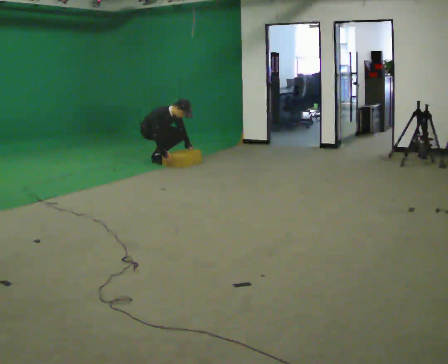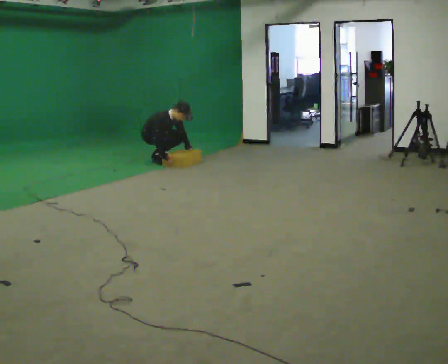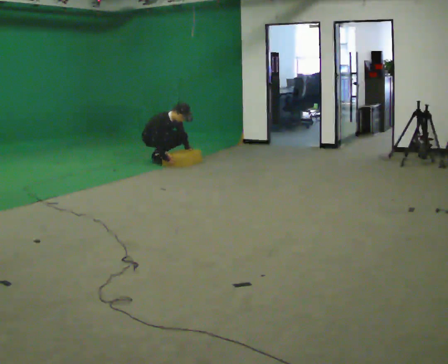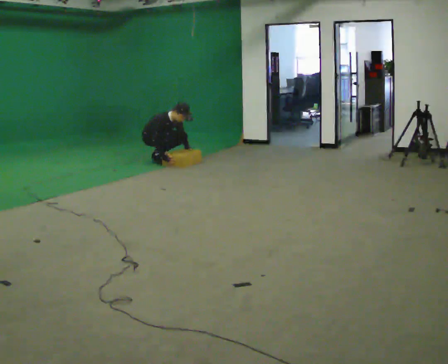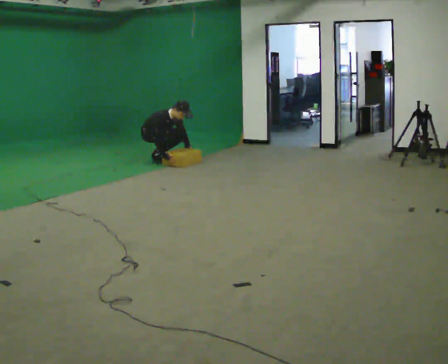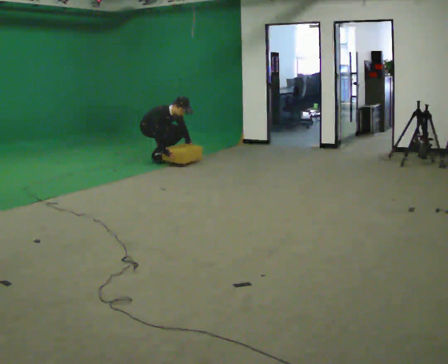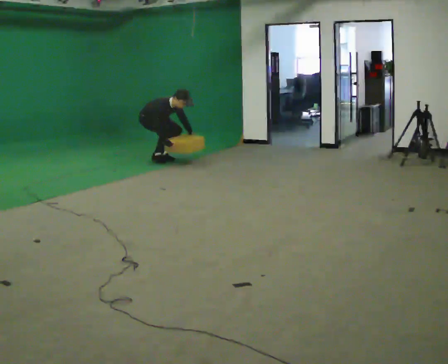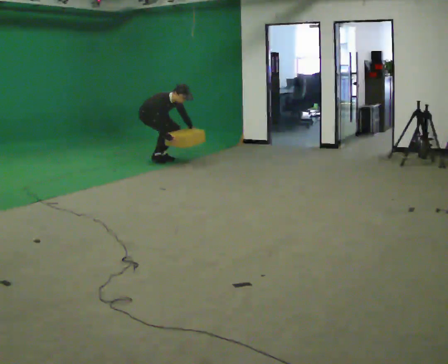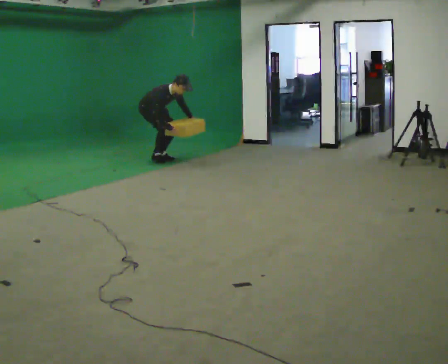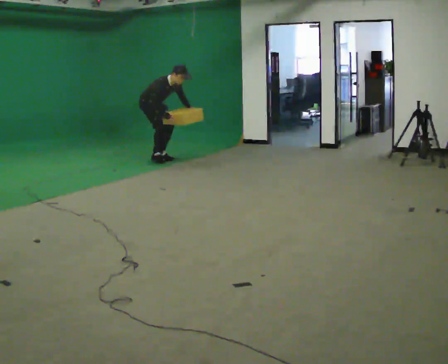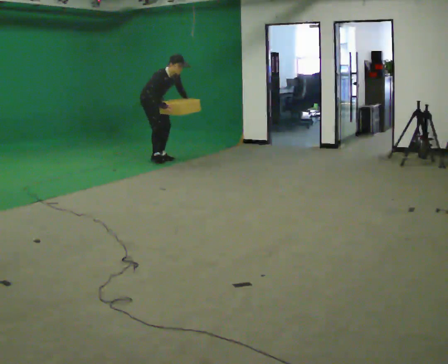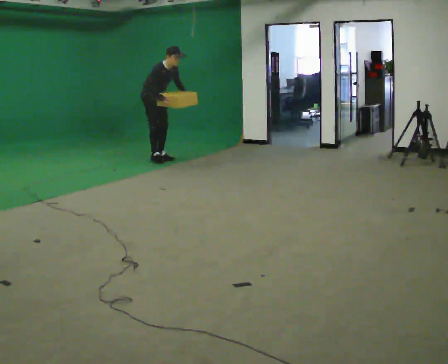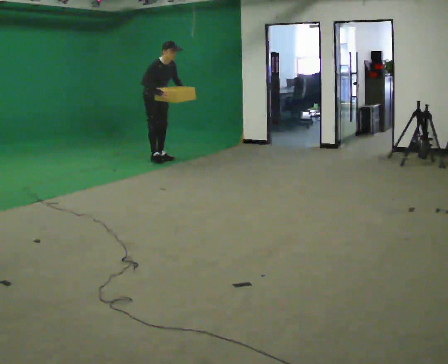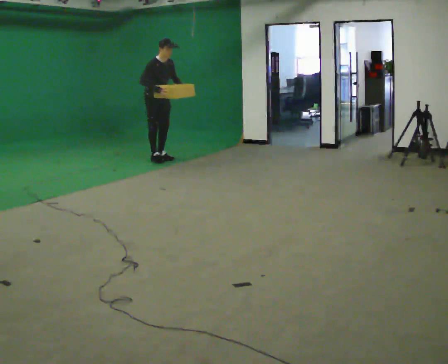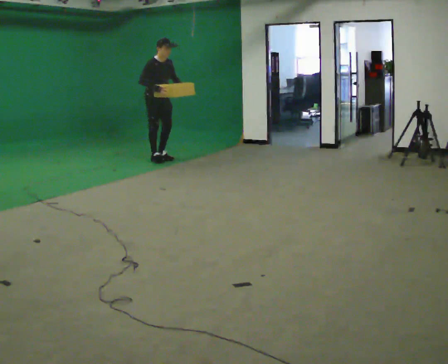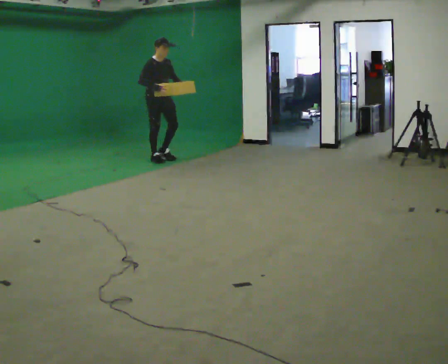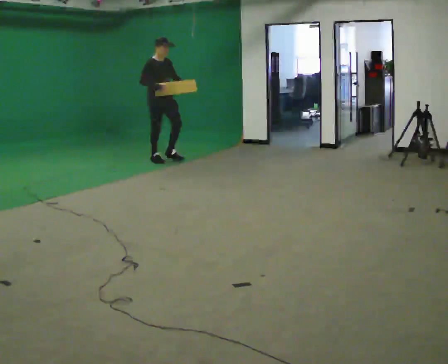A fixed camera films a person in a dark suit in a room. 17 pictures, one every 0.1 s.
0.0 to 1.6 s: In the picture they go toward the camera, about 0.25 m, which for them is forward. The upper body goes upward. In the picture the upper body tilts counterclockwise, shoulders to the left, as they lean back or straighten. In the picture their left hand goes upward.
The film runs forward here.
